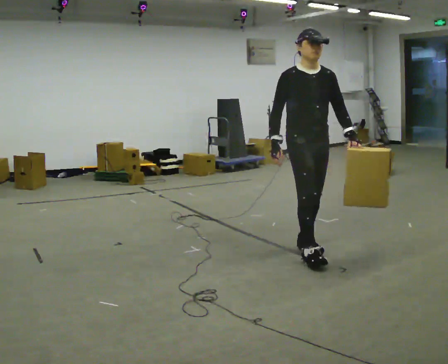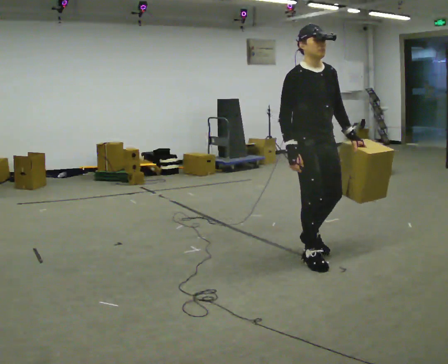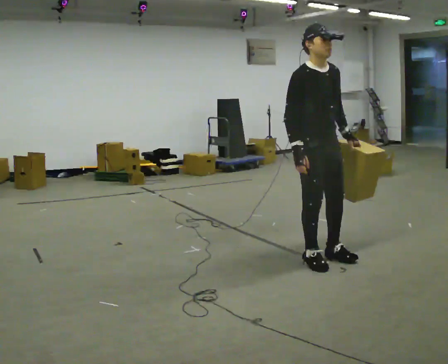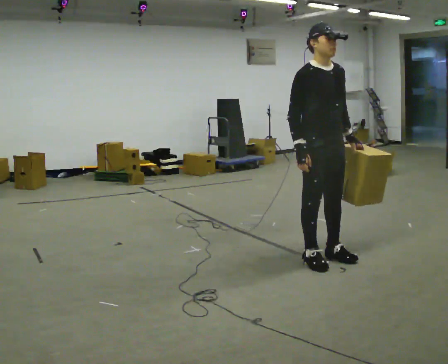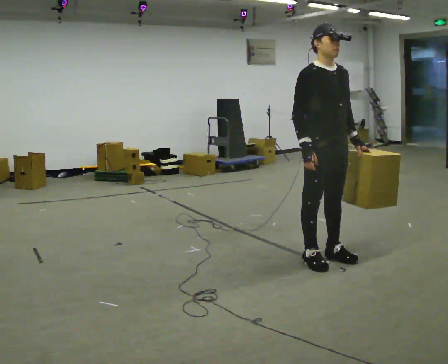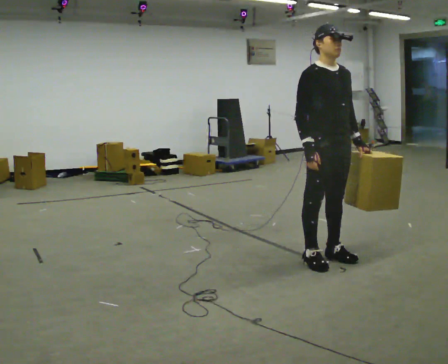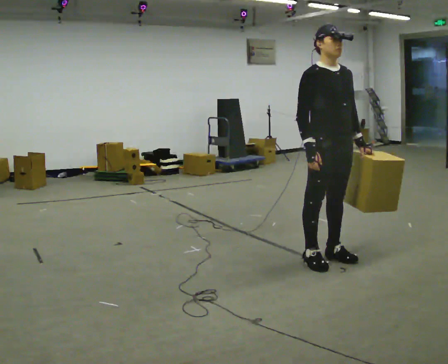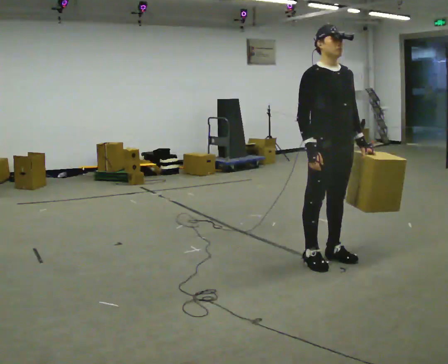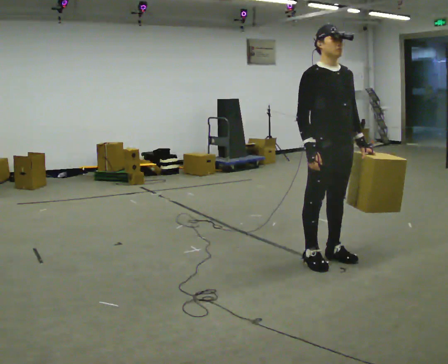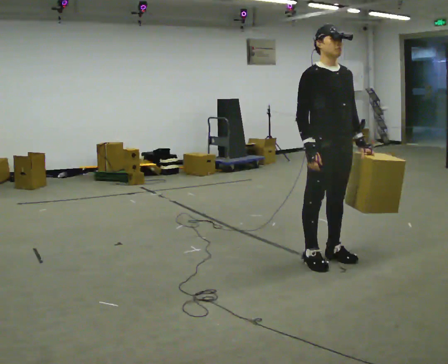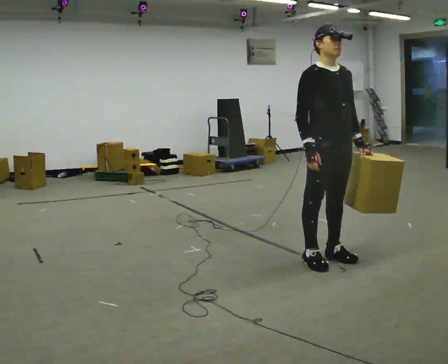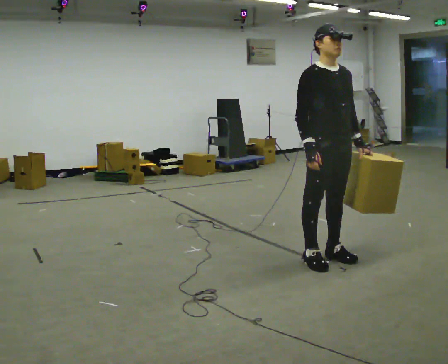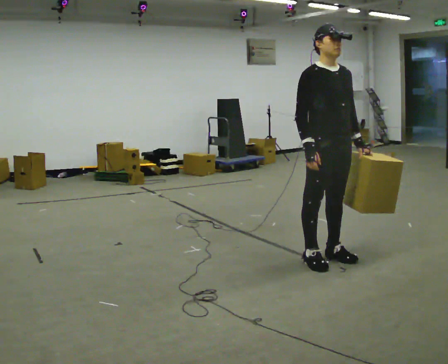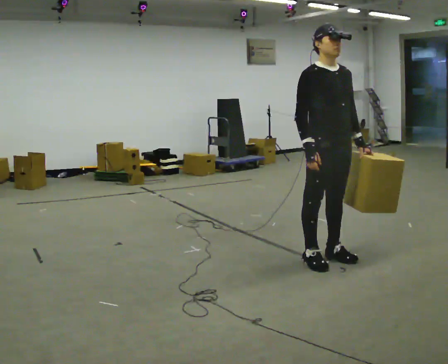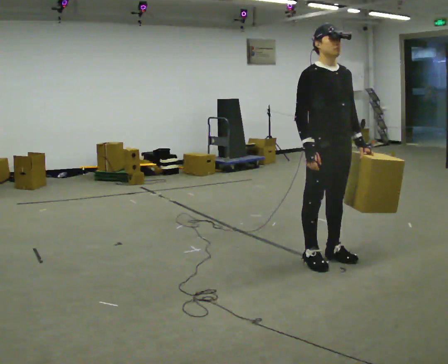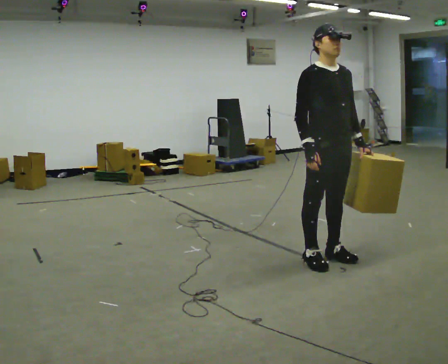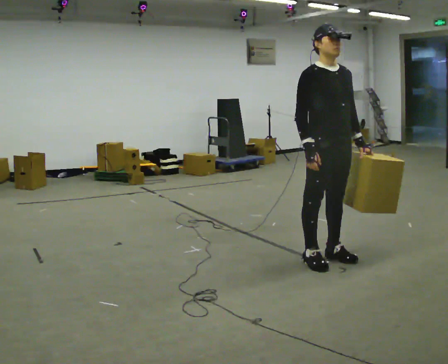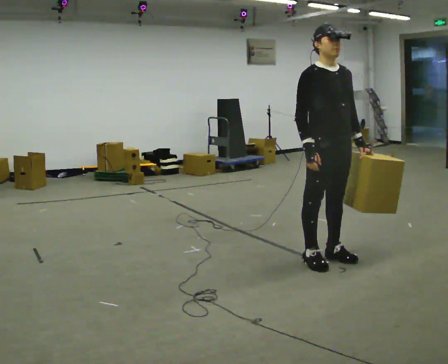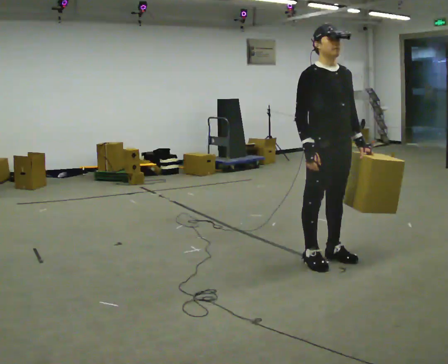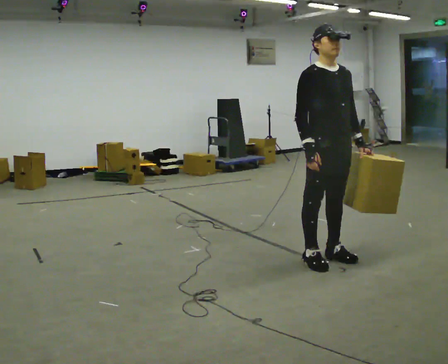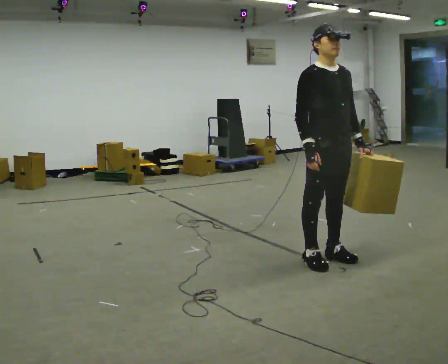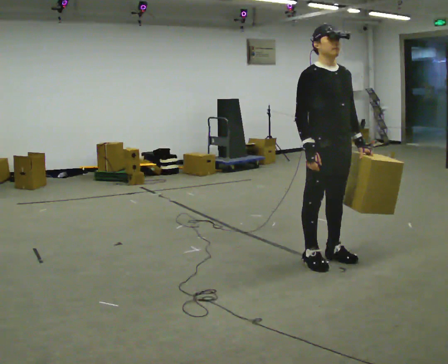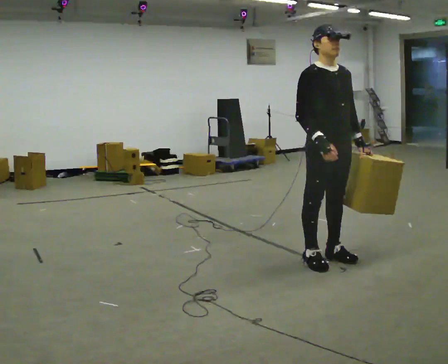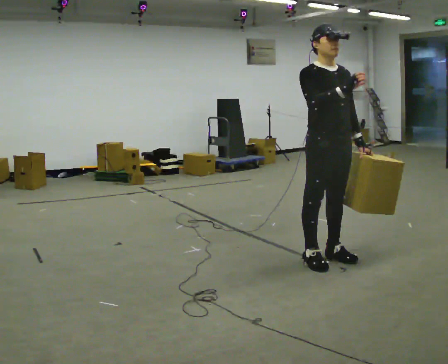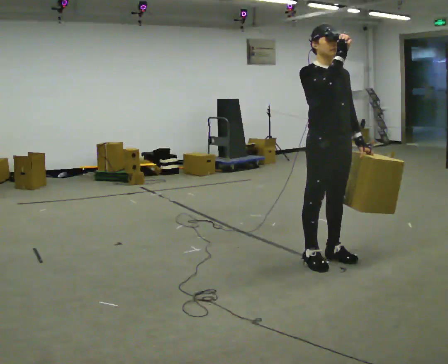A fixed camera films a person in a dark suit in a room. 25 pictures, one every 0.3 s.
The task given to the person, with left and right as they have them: Carry the object in the hand the operator calls, down at your side, walking back and forth across the room.
0.0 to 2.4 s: In the picture they go to the right, about 0.25 m in 1 step, which for them is forward.
2.4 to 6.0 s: The person keeps their place and pose.
6.0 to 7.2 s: In the picture their right hand goes upward.
The film runs forward here.
